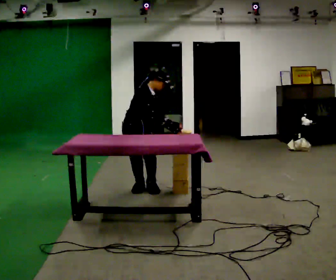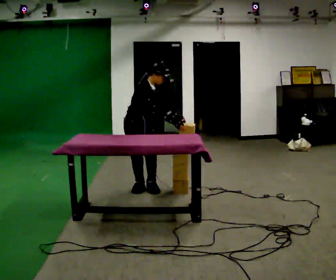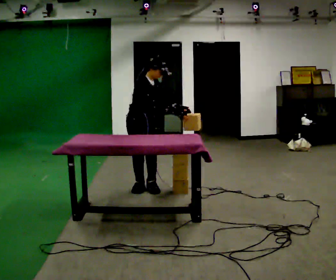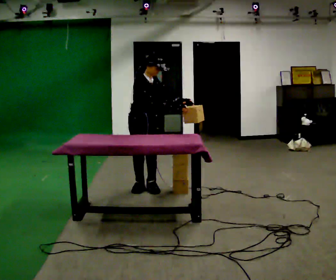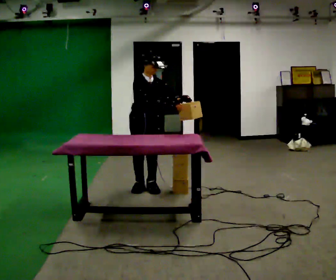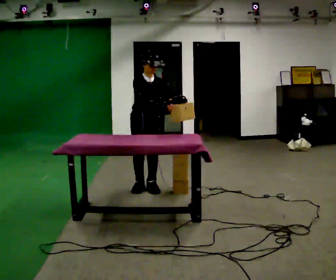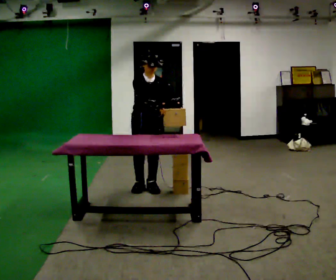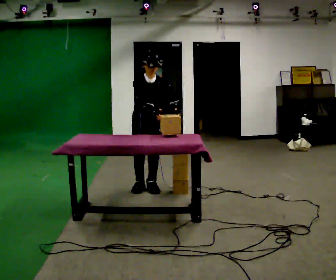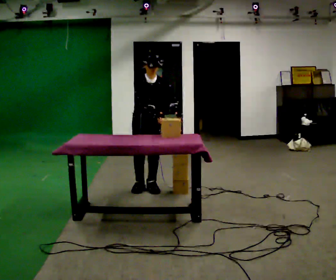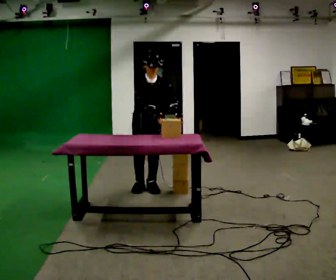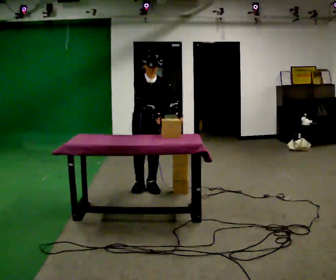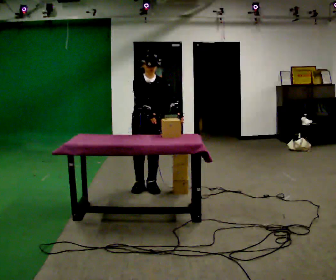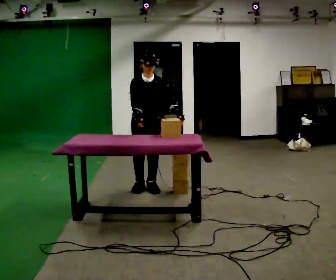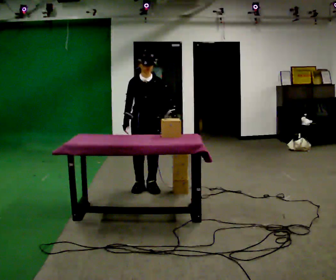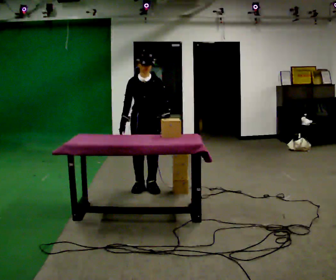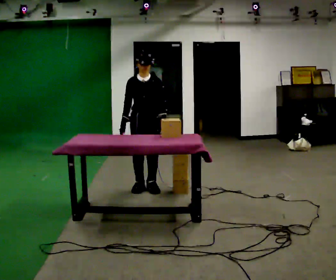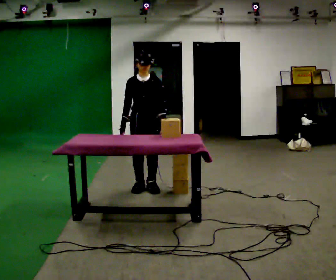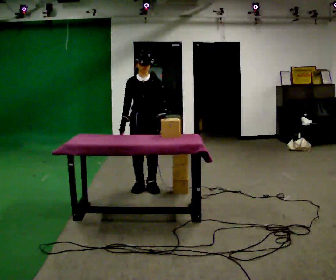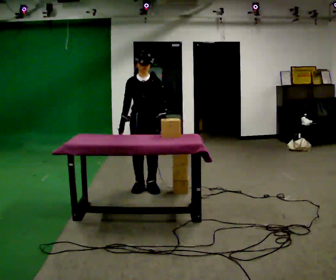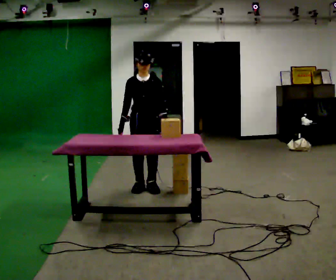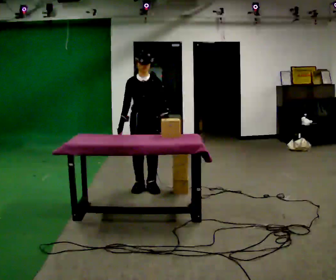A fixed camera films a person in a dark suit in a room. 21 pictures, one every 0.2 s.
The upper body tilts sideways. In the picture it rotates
counterclockwise.
0.0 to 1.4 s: Seen from above the body turns clockwise, about 45 degrees: to their right, with its near side sliding to the left. In the picture the upper body tilts counterclockwise, shoulders to the left.
1.4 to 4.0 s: In the picture their right hand goes to the left.
The film runs backward here.
